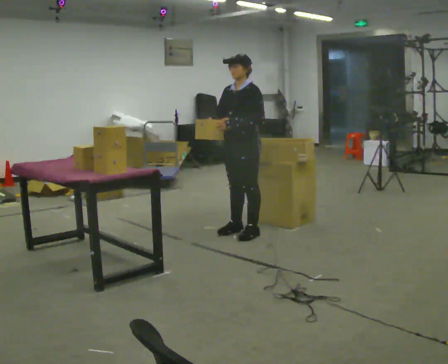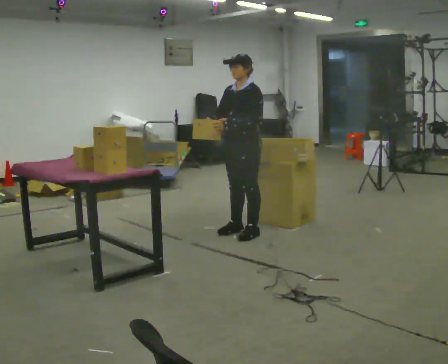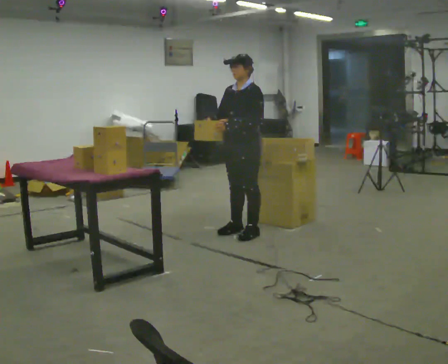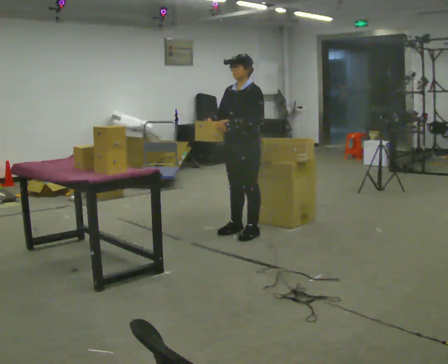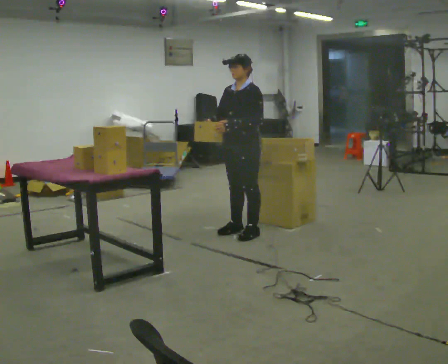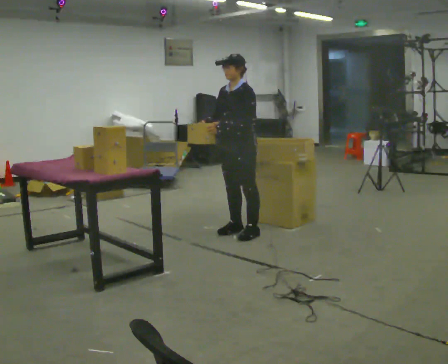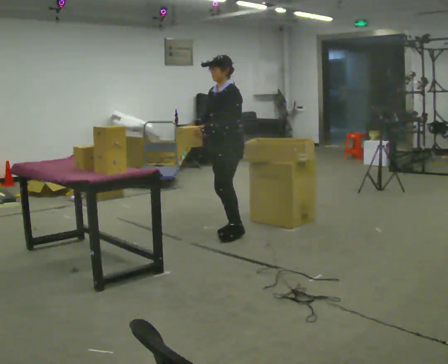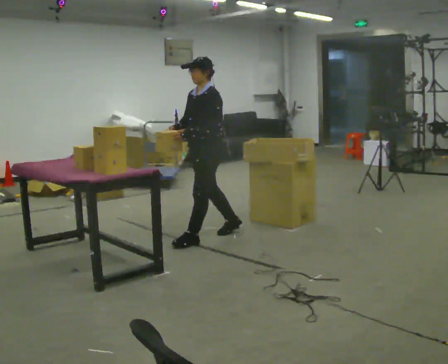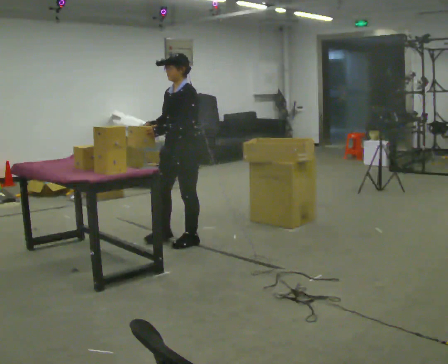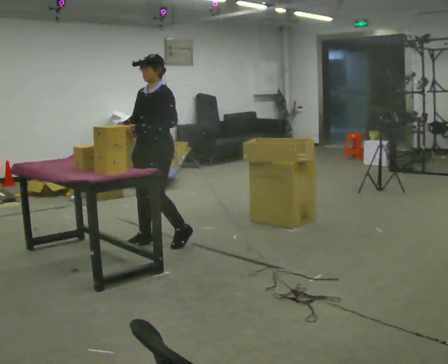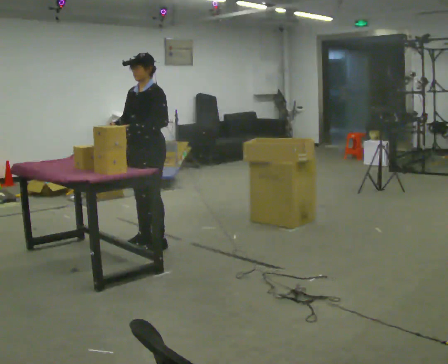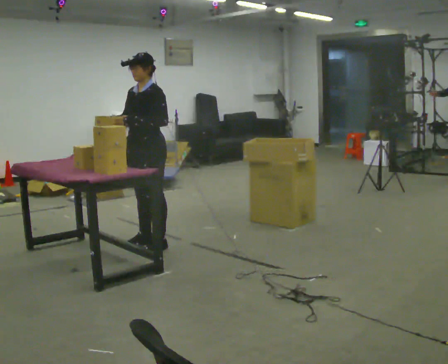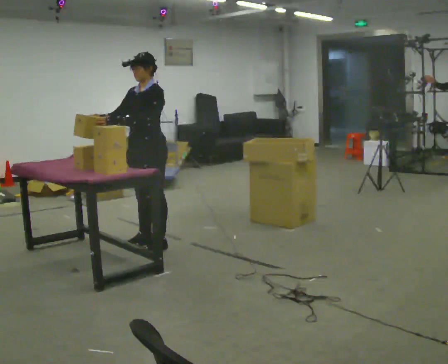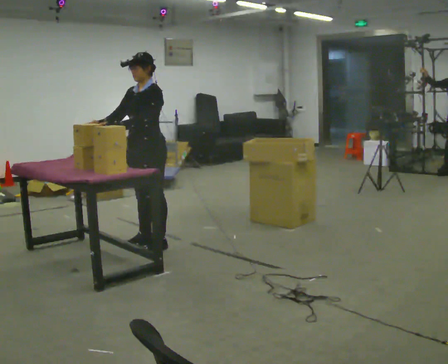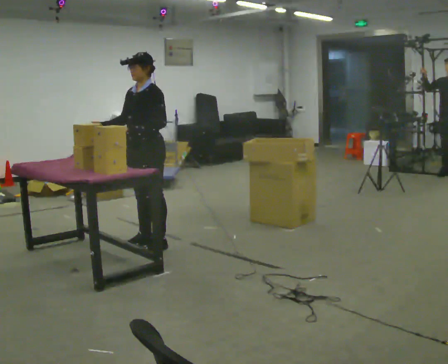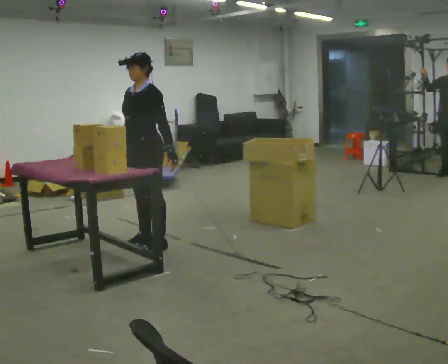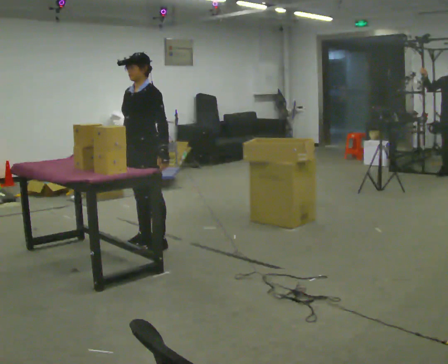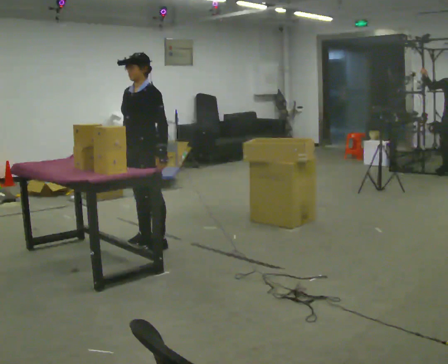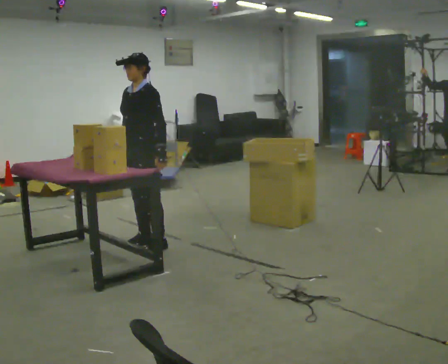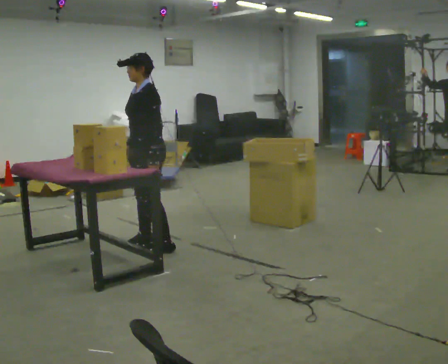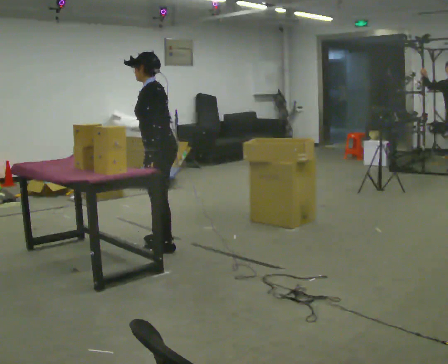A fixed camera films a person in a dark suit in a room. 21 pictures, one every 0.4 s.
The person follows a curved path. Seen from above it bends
counterclockwise.
0.0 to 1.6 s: The person keeps their place and pose.
1.6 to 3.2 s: In the picture they go to the left, about 0.5 m in 1 step, which for them is forward.
3.2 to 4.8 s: In the picture they go to the left, about 0.25 m in 2 steps, which for them is forward.
4.8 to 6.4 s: In the picture their left hand goes to the right, the arm swinging counterclockwise.
6.4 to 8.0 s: Seen from above the body turns clockwise, about 45 degrees: to their right, with its near side sliding to the left. In the picture their right hand goes to the right.
The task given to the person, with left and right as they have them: Take the objects the operator names off the crowded shelf, one at a time, and carry each one to the table. You will have to move other things out of the way to reach them. Keep going until the operator says stop; one object at a time, and do not rush between trips.
The film runs forward here.
